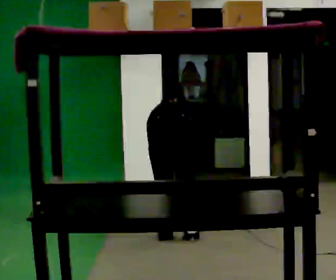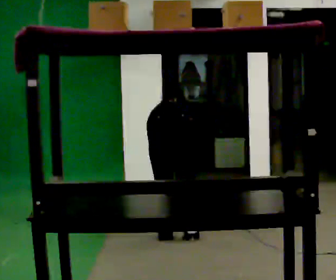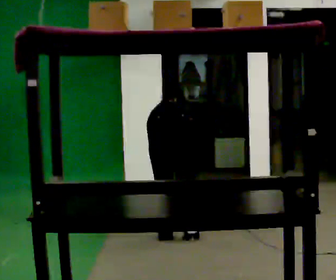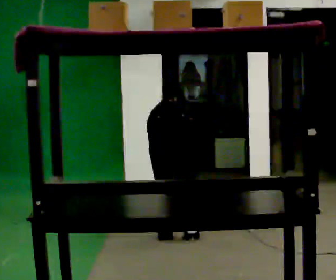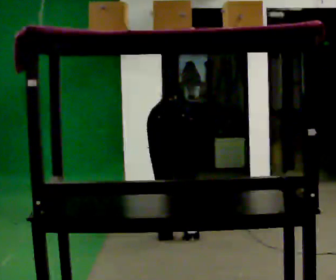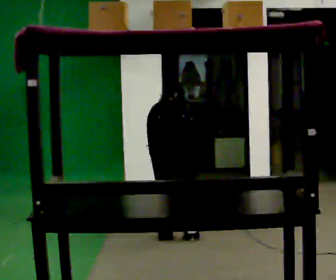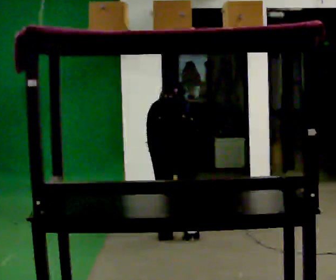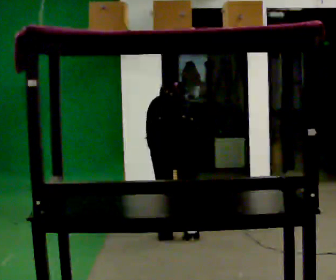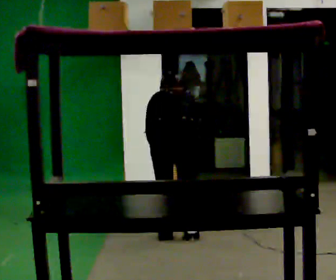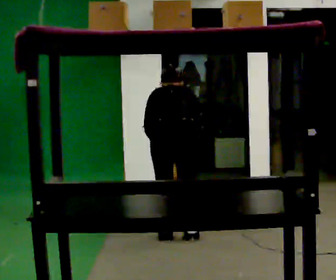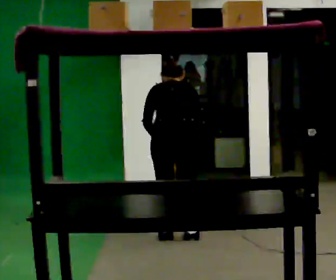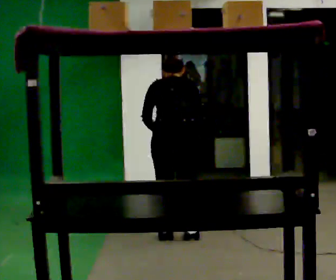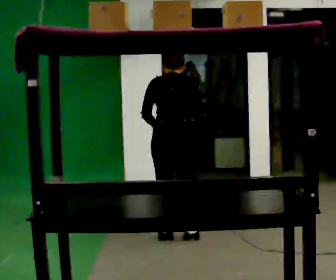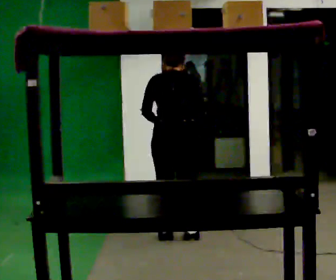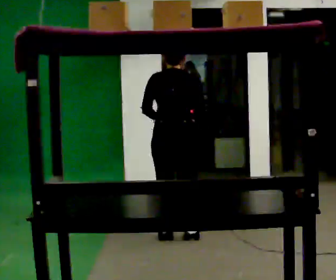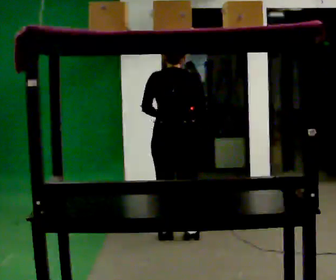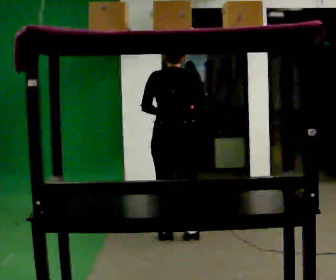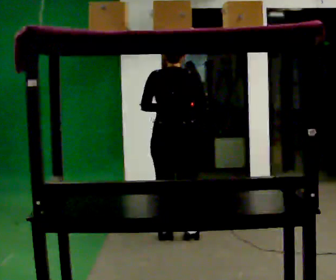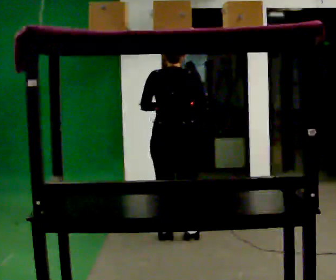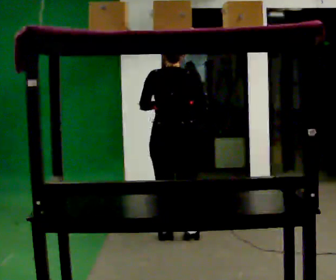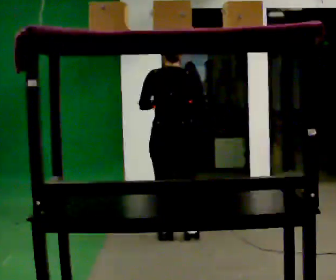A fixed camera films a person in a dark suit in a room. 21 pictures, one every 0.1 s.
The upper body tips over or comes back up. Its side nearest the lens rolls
downward.
The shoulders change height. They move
upward.
0.0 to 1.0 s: The upper body goes upward. The upper body tips toward the camera, its near side rolling downward, as they lean back or straighten. In the picture their right hand goes upward.
1.0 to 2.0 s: The upper body tips toward the camera, its near side rolling downward, as they lean back or straighten.
The film runs forward here.
